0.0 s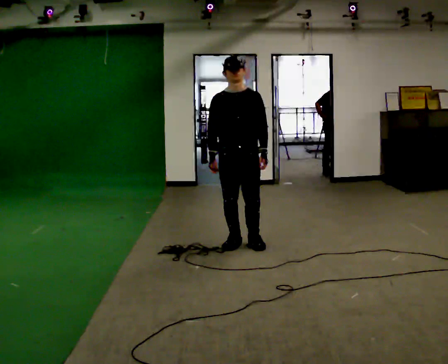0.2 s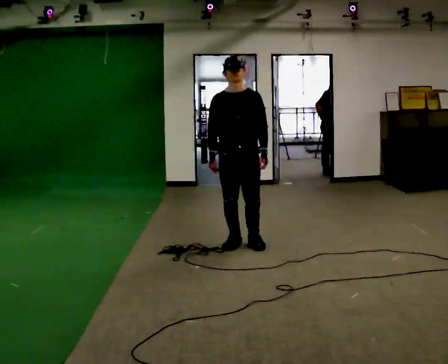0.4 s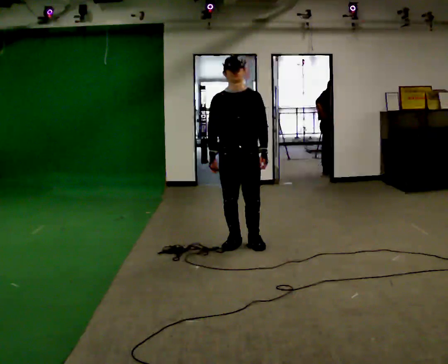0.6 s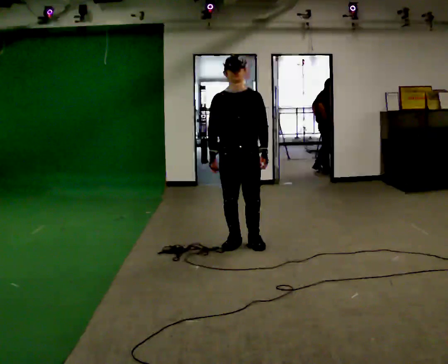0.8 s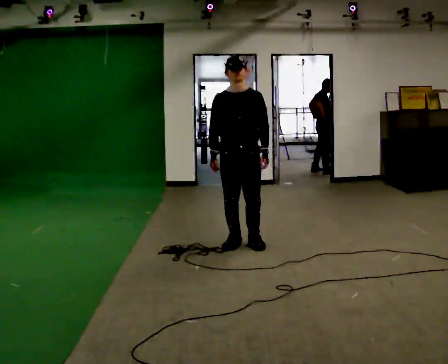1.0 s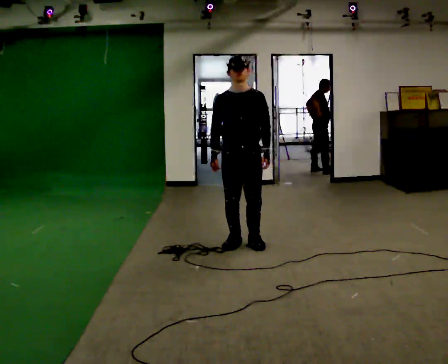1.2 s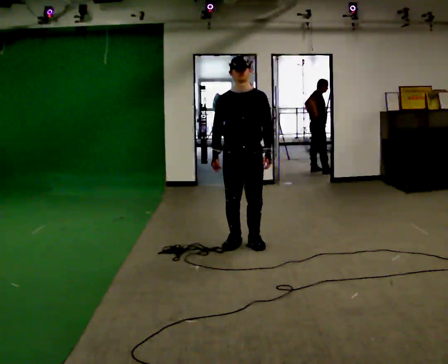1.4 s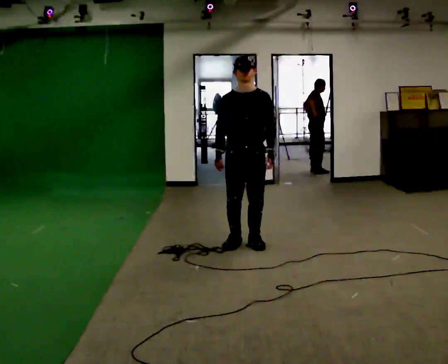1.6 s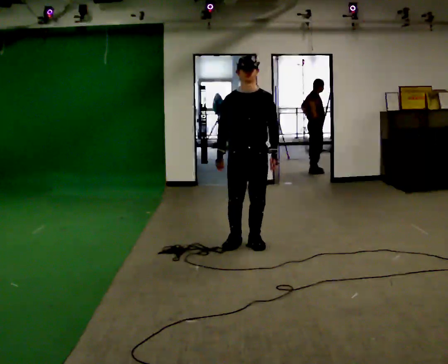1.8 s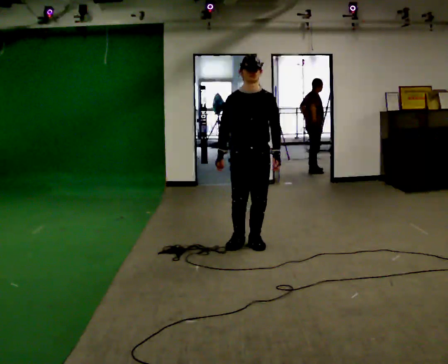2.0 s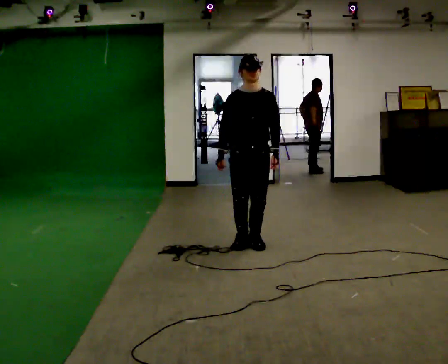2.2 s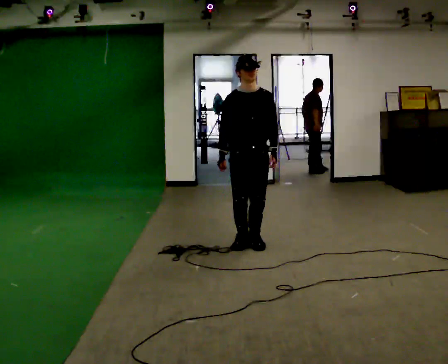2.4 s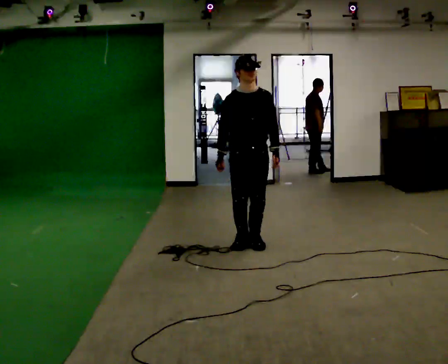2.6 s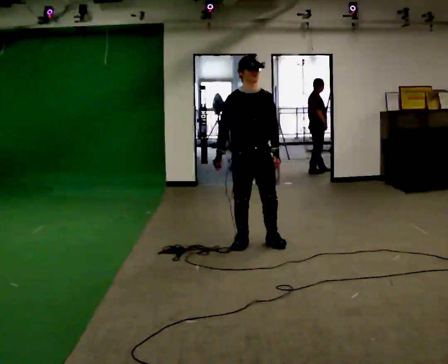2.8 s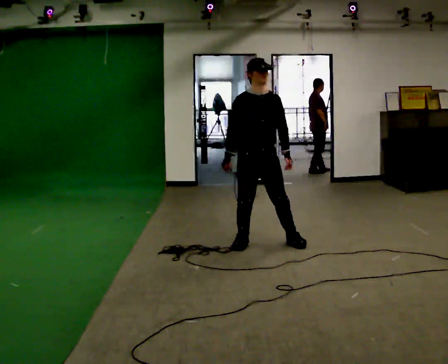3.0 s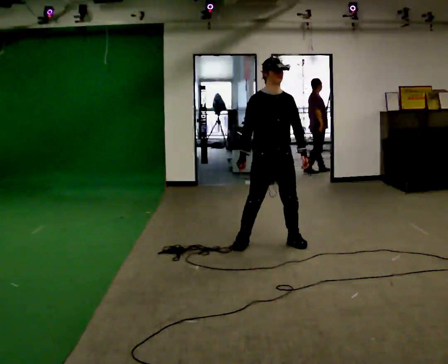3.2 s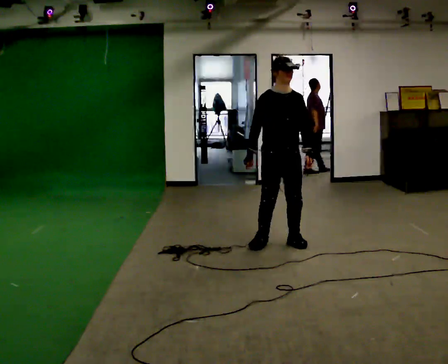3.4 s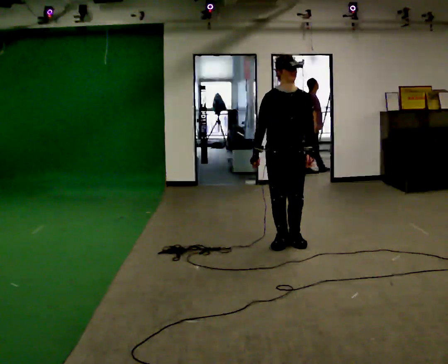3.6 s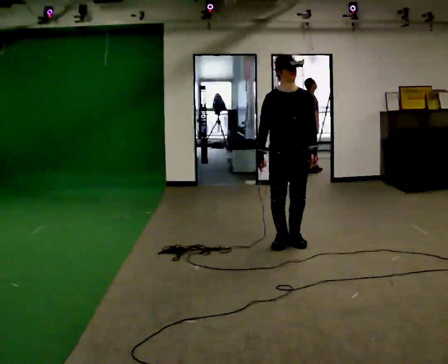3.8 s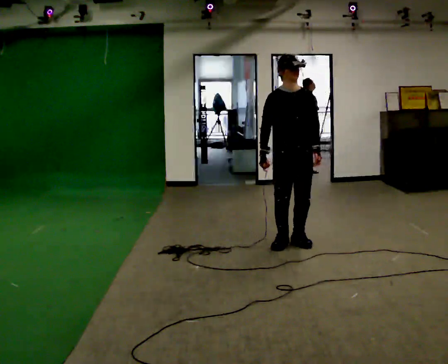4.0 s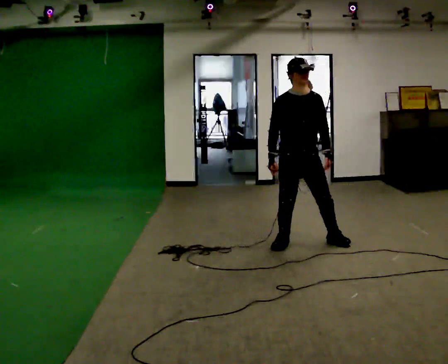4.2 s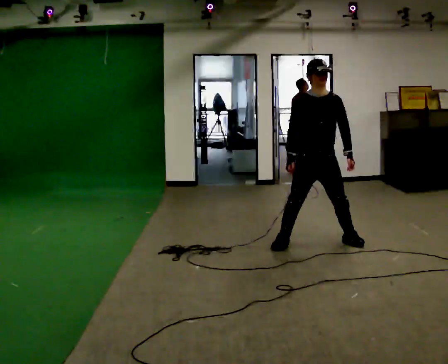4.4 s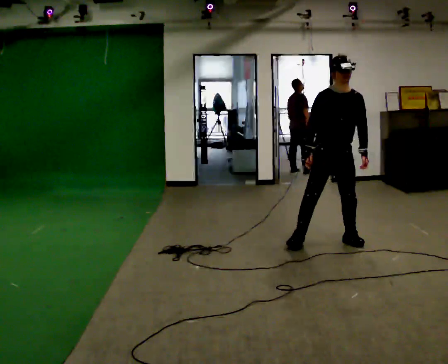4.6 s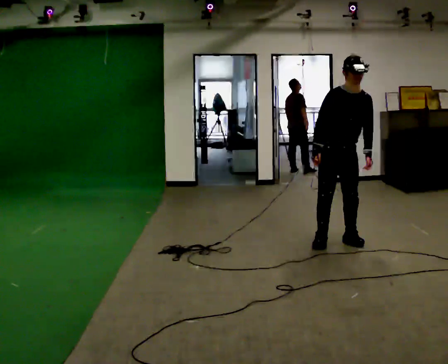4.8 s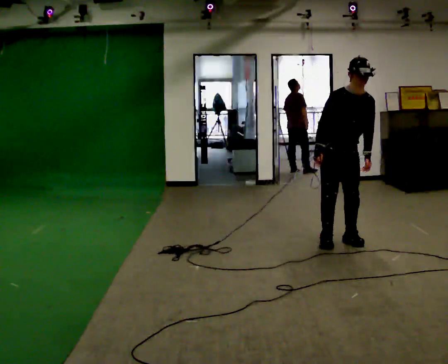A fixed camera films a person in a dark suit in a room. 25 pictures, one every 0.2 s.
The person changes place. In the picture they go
to the right.
0.0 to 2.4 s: The person moves a little, or ends about where they began.
2.4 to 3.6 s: In the picture they go to the right, about 0.25 m in 2 steps, which for them is to their left.
3.6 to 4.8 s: In the picture they go to the right, about 0.5 m in 2 steps, which for them is to their left. In the picture the upper body tilts clockwise, shoulders to the right.
The film runs backward here.
